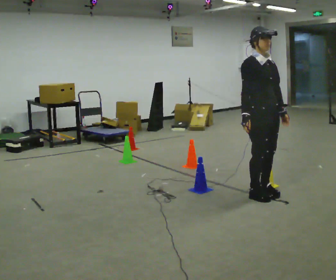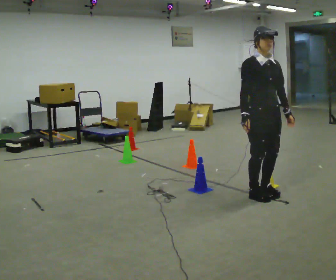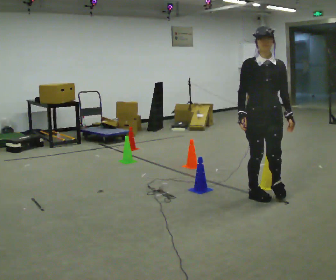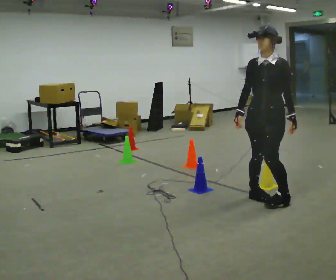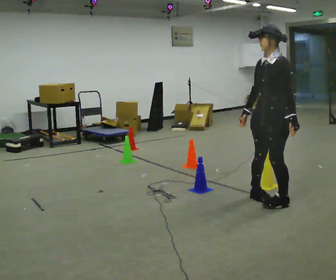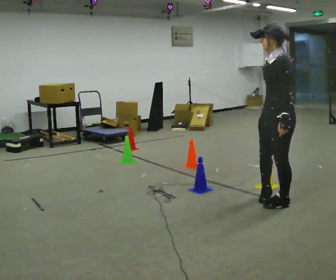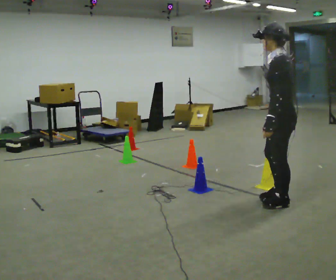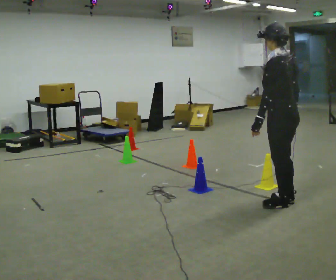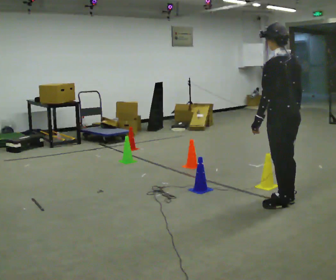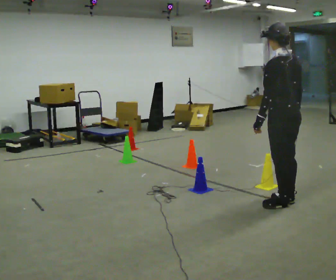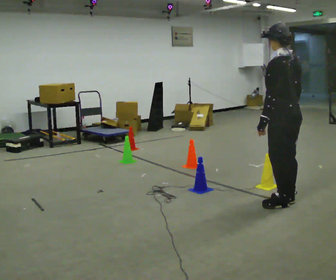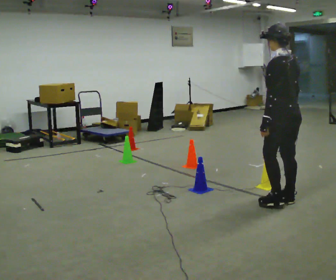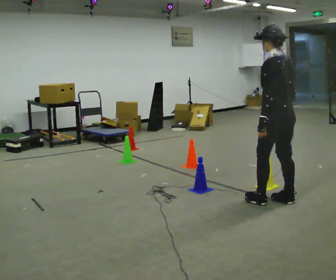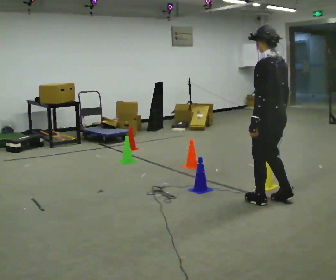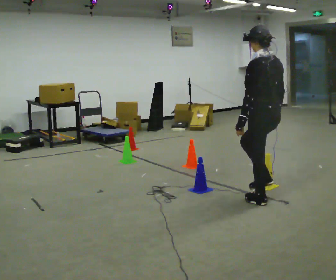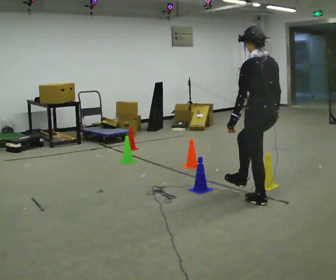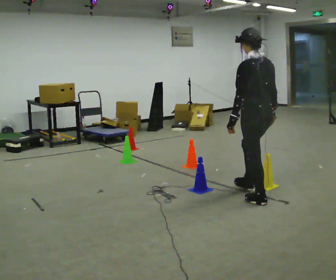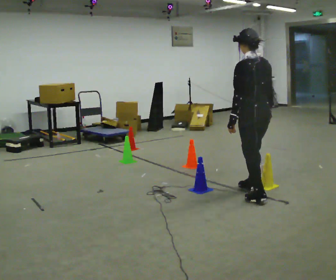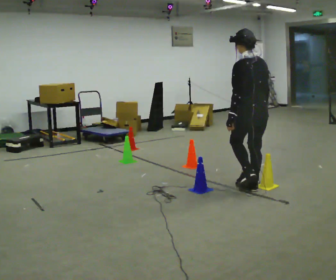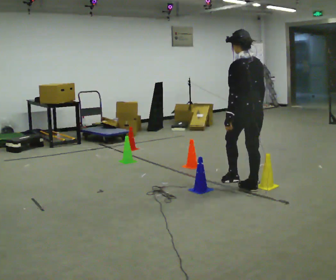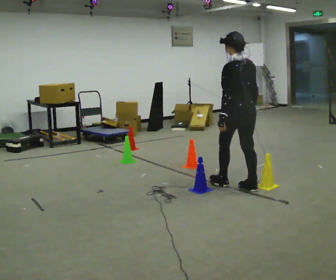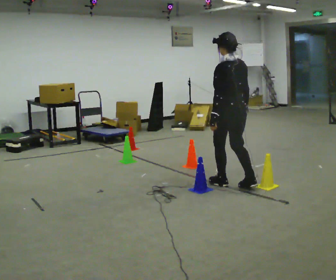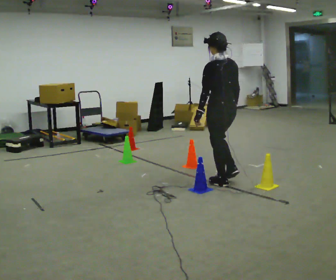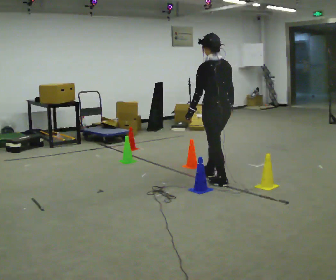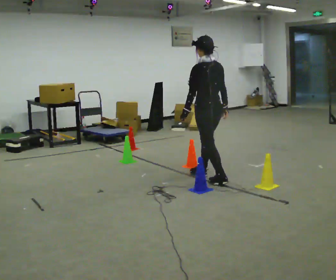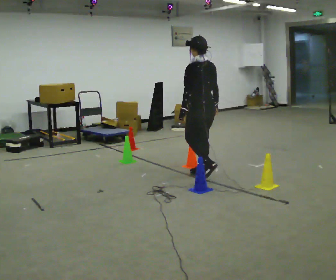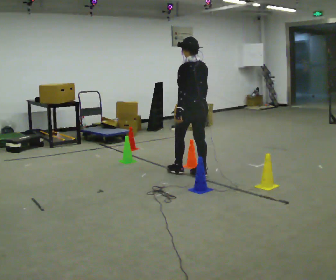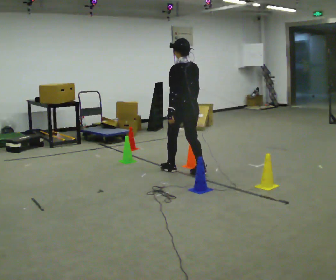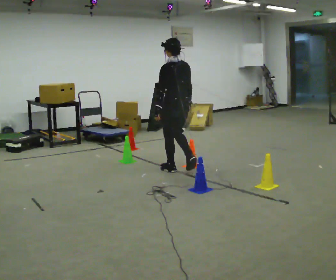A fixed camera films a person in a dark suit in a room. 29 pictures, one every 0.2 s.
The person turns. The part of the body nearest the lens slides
to the left.
The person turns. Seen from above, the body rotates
clockwise.
0.0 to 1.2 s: The person turns about 150 degrees to their right, clockwise seen from above, so the part of the body nearest the lens slides to the left. In the picture they go to the right and toward the camera, about 0.25 m in 1 step.
1.2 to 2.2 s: The person turns about 30 degrees to their right, clockwise seen from above, so the part of the body nearest the lens slides to the left.
2.2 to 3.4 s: In the picture they go to the left and away from the camera, about 0.25 m in 2 steps, which for them is forward.
3.4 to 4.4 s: In the picture they go away from the camera and to the left, about 0.5 m in 1 step, which for them is forward.
4.4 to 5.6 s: In the picture they go to the left and away from the camera, about 1 m in 2 steps, which for them is forward.
The film runs forward here.
